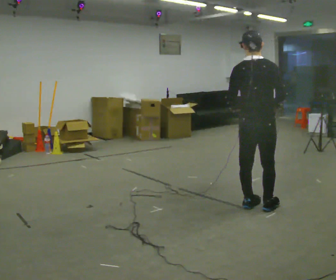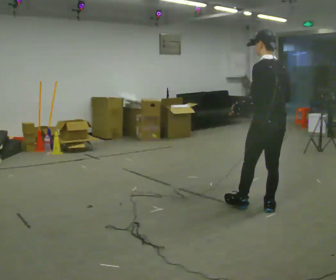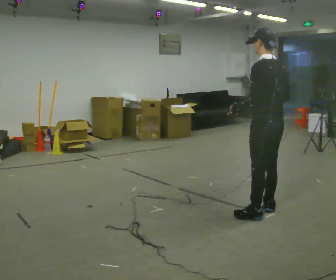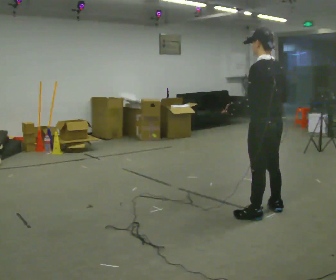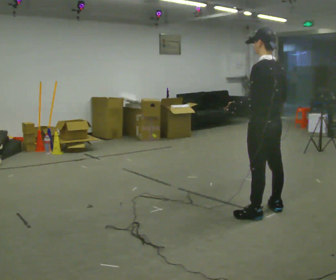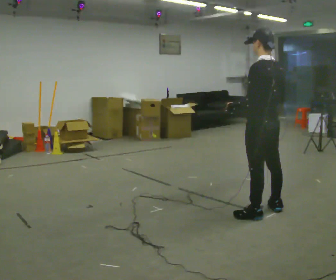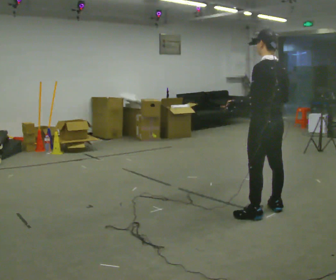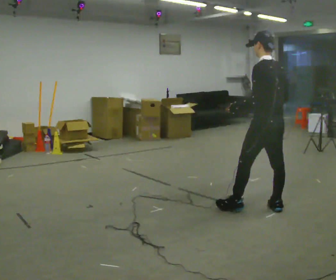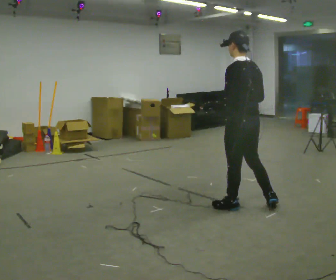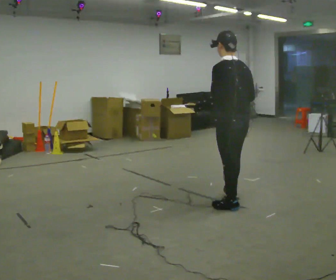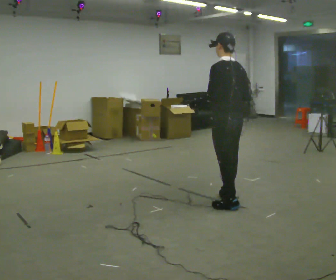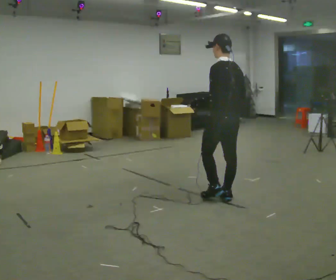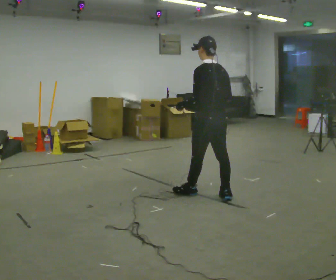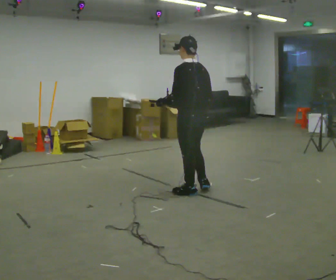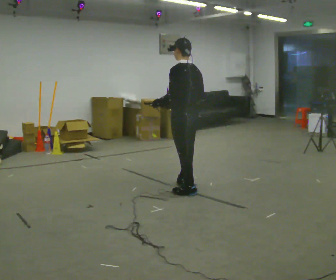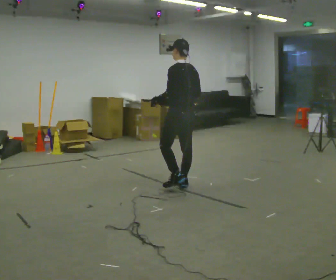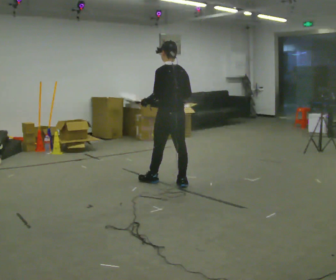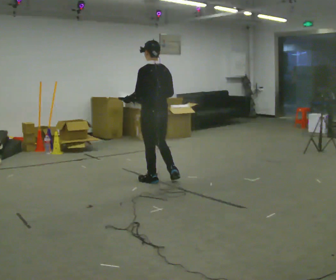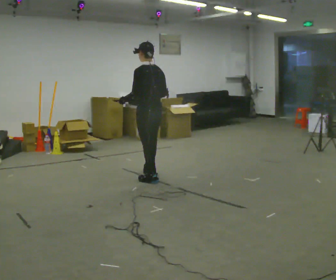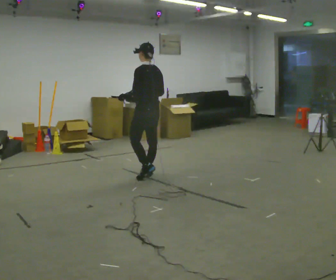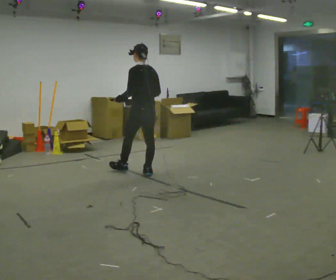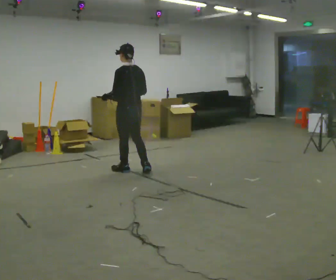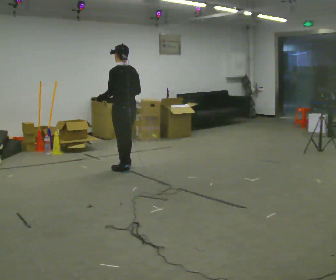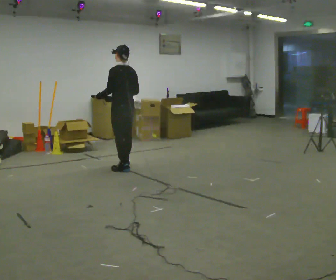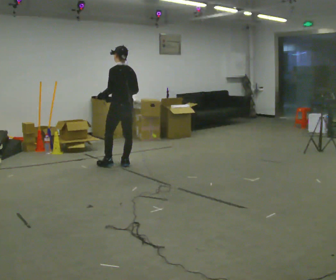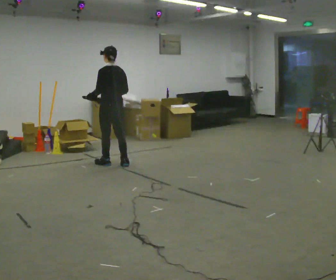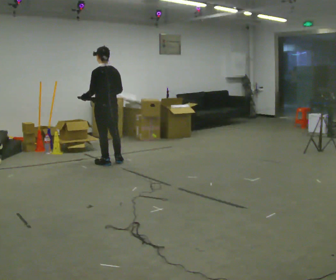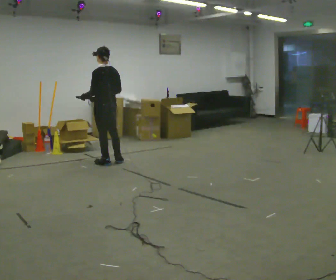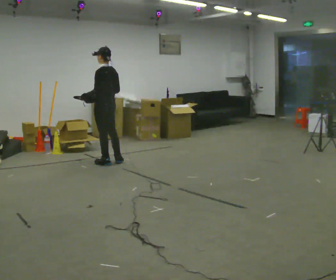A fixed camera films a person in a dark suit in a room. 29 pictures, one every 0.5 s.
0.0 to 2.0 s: Seen from above the body turns counterclockwise, about 60 degrees: to their left, with its near side sliding to the right.
2.0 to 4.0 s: In the picture they go to the left, about 0.25 m in 1 step, which for them is forward.
4.0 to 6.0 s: In the picture they go away from the camera and to the left, about 0.5 m in 2 steps, which for them is forward.
6.0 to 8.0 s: In the picture they go away from the camera and to the left, about 0.75 m in 2 steps, which for them is forward.
8.0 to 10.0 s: In the picture they go away from the camera and to the left, about 0.5 m in 2 steps, which for them is forward.
10.0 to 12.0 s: In the picture they go away from the camera and to the left, about 0.5 m in 1 step, which for them is forward.
12.0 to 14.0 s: In the picture they go to the left, about 0.25 m in 2 steps, which for them is forward and to their left.
The film runs forward here.
